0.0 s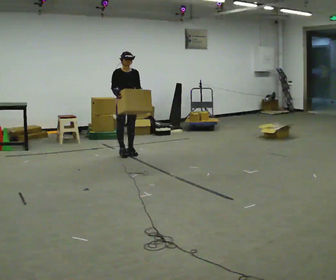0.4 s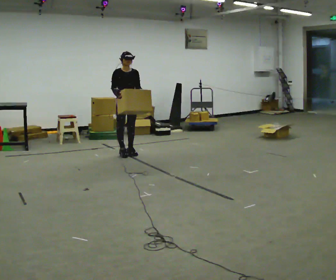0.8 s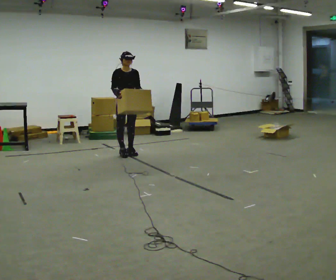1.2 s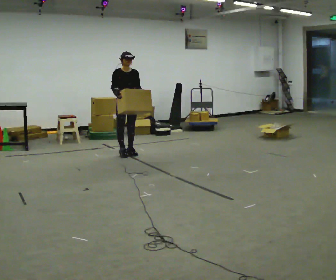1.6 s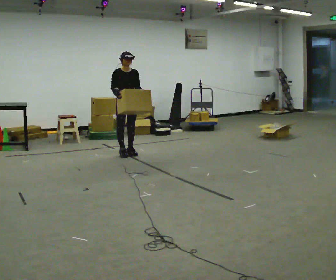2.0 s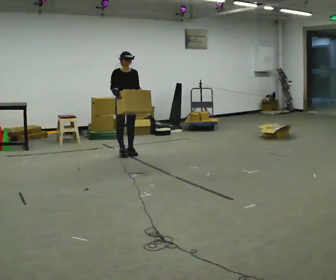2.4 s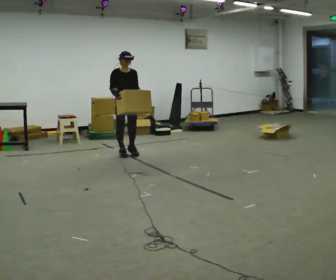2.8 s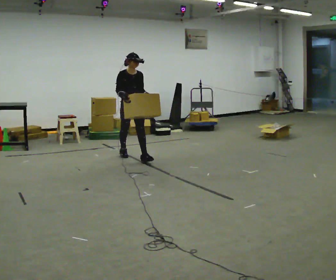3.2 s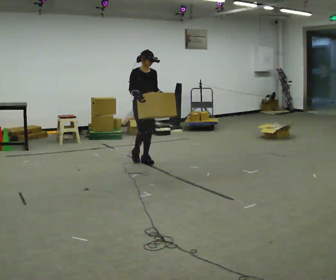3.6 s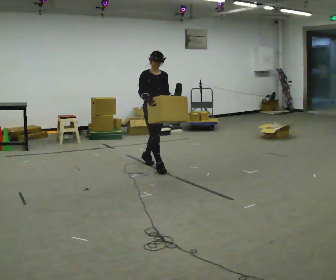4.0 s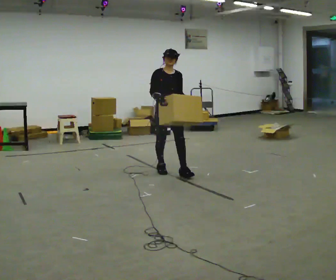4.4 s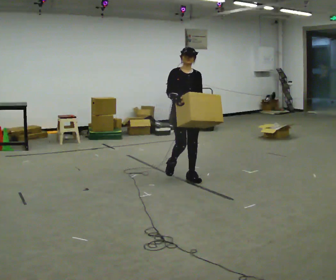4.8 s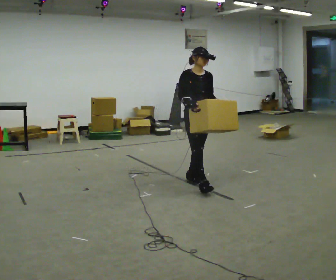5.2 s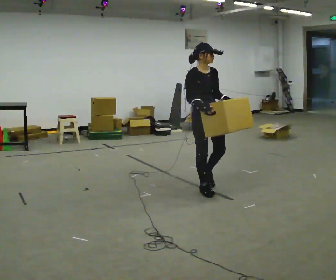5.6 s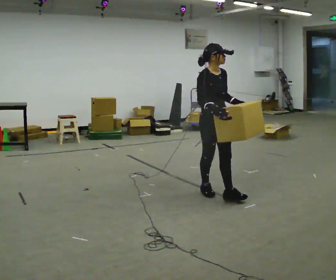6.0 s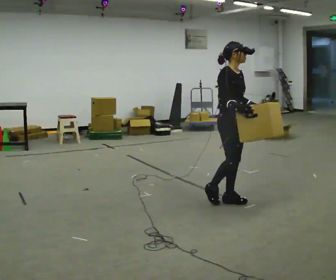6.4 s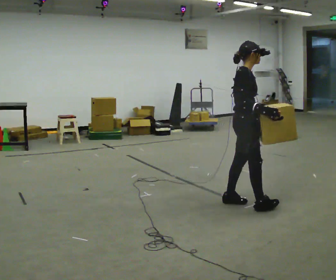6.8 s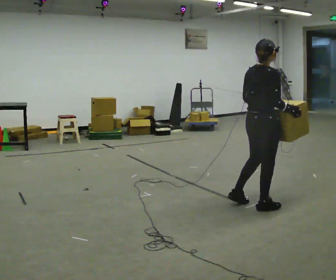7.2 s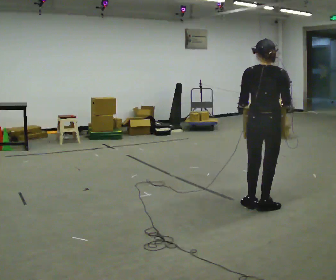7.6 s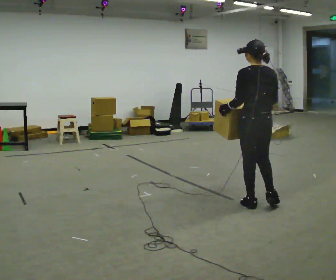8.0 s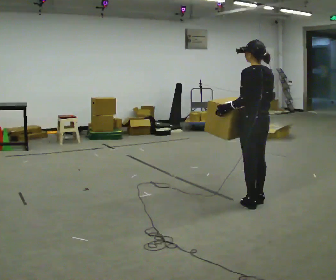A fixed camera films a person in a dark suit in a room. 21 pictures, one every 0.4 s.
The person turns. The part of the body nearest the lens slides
to the right.
The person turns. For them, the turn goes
to their left.
0.0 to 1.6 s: The person keeps their place and pose.
1.6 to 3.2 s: In the picture they go toward the camera and to the right, about 0.5 m in 1 step, which for them is forward.
3.2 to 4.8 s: In the picture they go toward the camera and to the right, about 1 m in 3 steps, which for them is forward.
4.8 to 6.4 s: Seen from above the body turns counterclockwise, about 60 degrees: to their left, with its near side sliding to the right. In the picture they go toward the camera and to the right, about 1 m in 1 step, which for them is forward.
6.4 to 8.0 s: Seen from above the body turns counterclockwise, about 135 degrees: to their left, with its near side sliding to the right. In the picture they go to the right, about 0.25 m in 3 steps.
The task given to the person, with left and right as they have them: Carry the box across the room while freely looking around at the walls, ceiling and floor. Keep going until the operator says stop; one object at a time, and do not rush between trips.
The film runs forward here.
